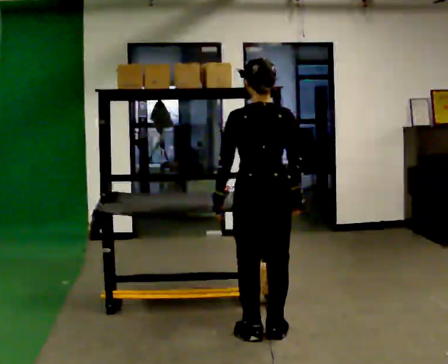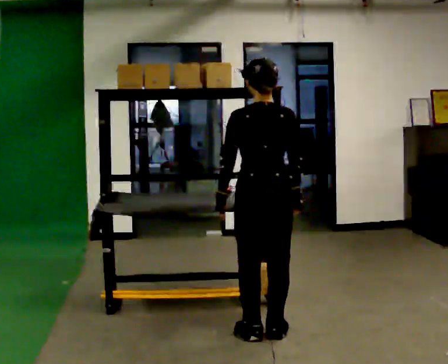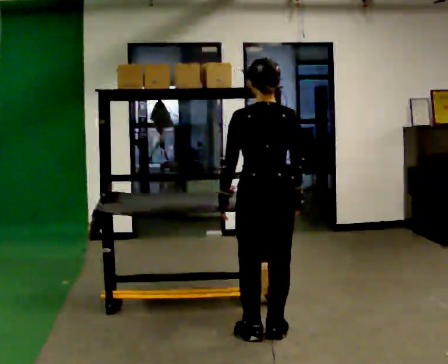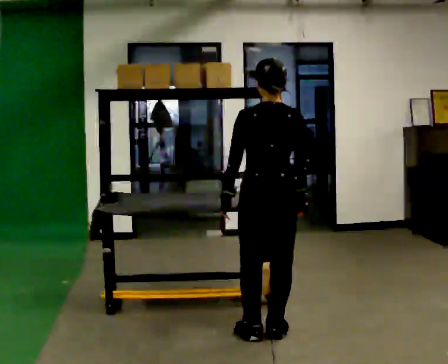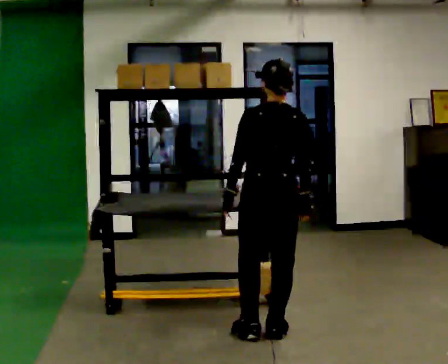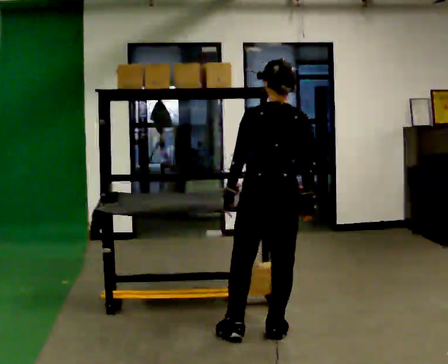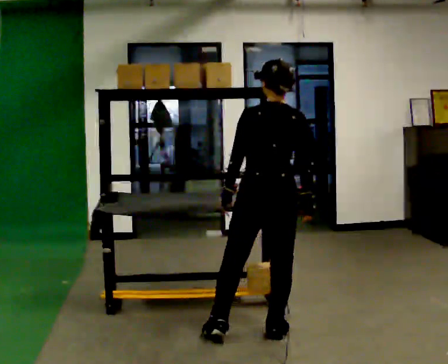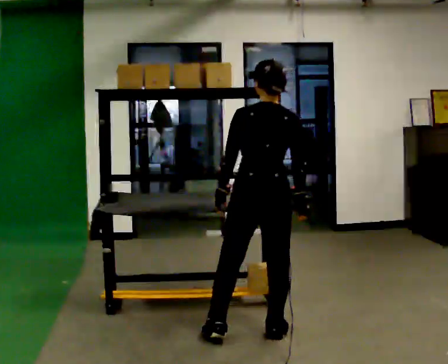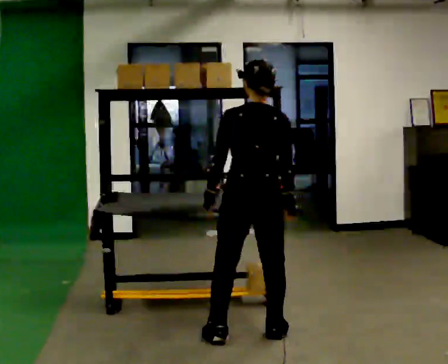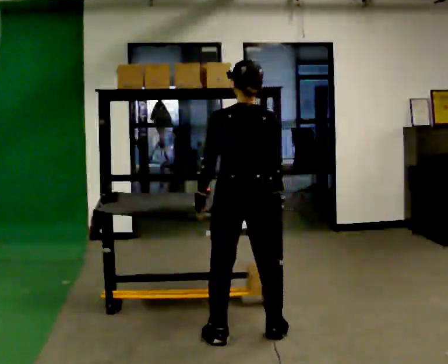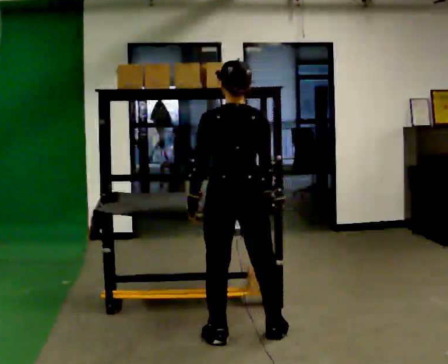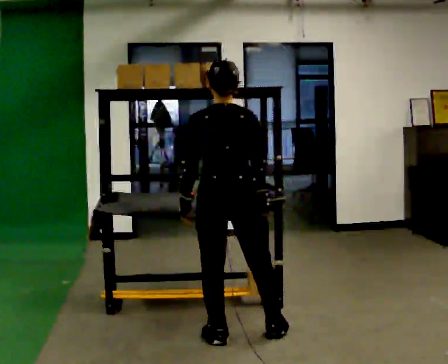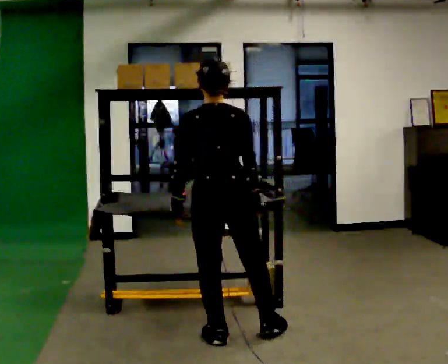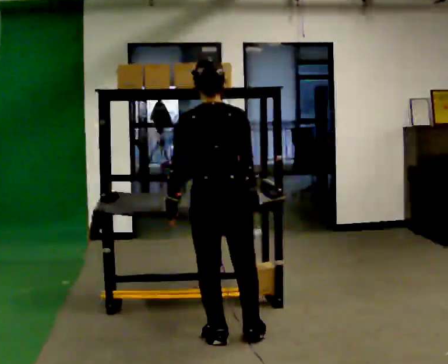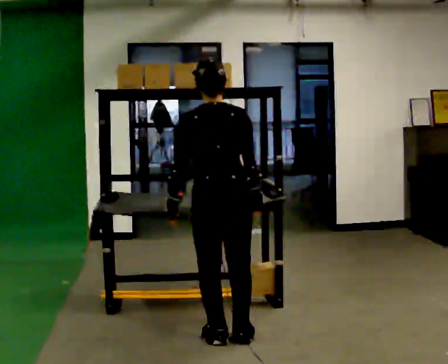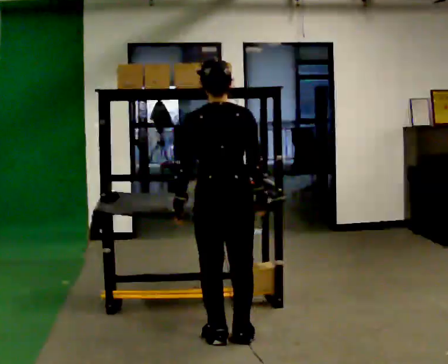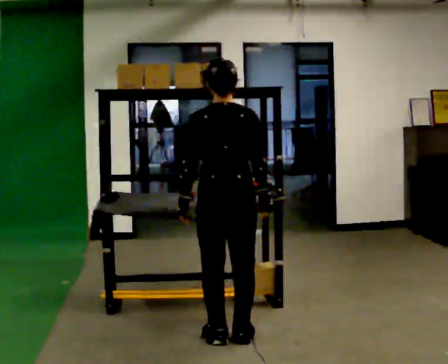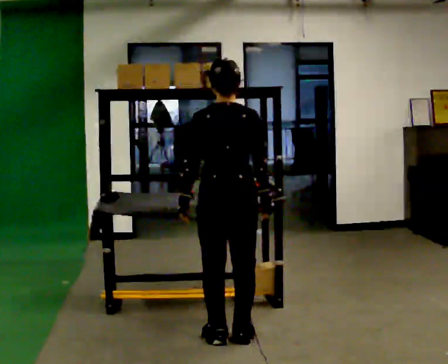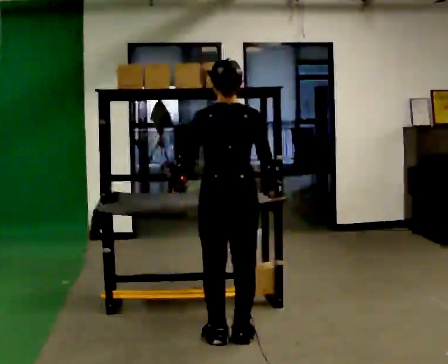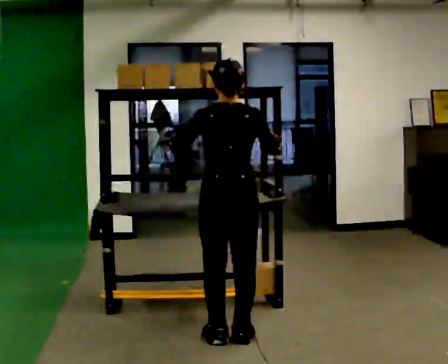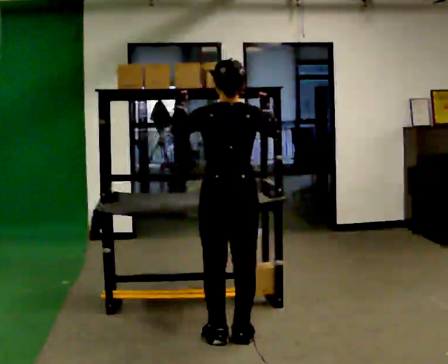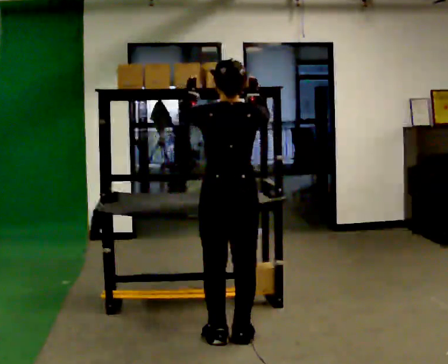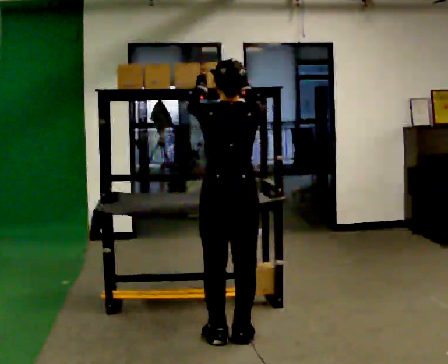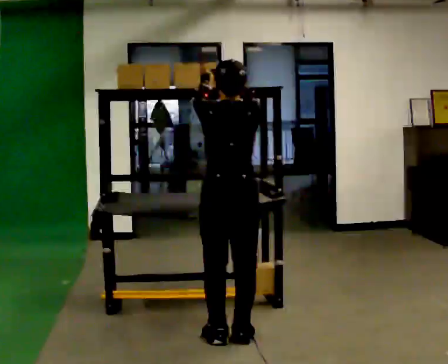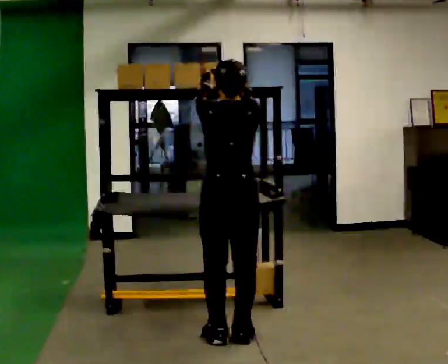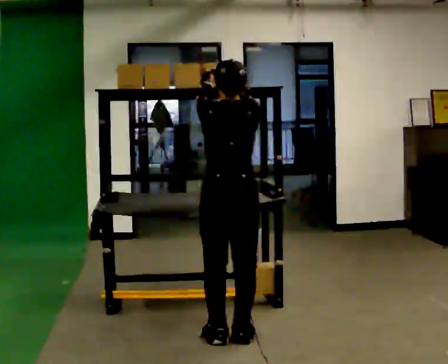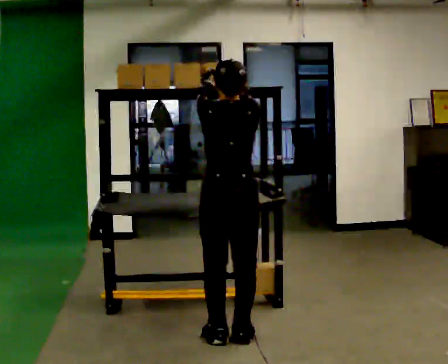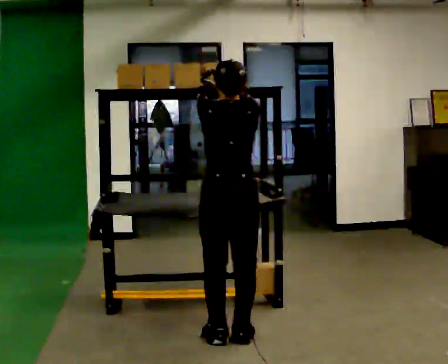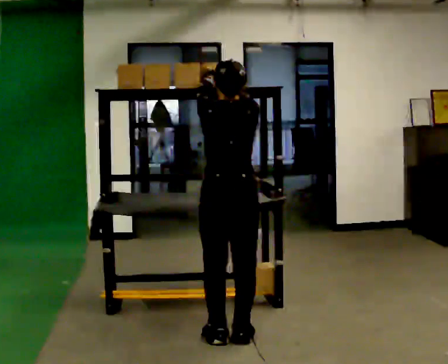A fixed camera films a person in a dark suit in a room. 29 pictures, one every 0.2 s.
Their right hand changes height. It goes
upward.
Their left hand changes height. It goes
upward.
0.0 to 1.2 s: The person moves a little, or ends about where they began.
1.2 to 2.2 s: In the picture they go to the left, about 0.25 m in 1 step, which for them is to their left.
2.2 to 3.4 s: The person moves a little, or ends about where they began.
3.4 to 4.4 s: In the picture their right hand goes upward.
4.4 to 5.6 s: The person moves a little, or ends about where they began.
The film runs forward here.
